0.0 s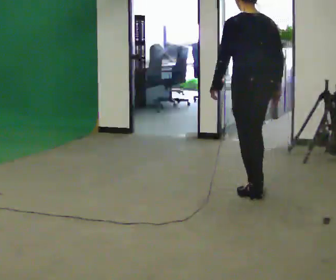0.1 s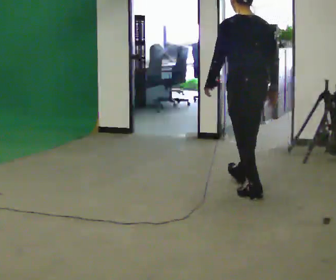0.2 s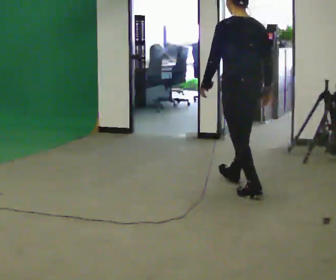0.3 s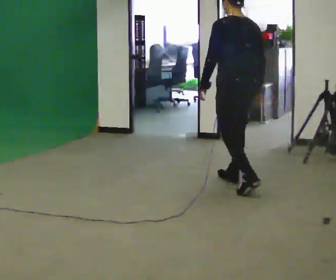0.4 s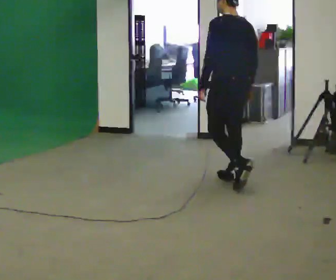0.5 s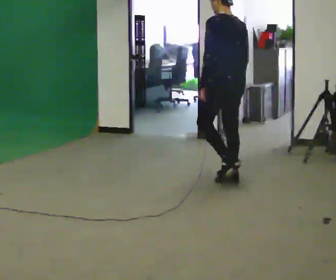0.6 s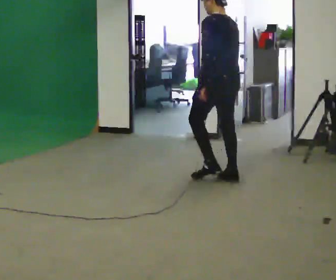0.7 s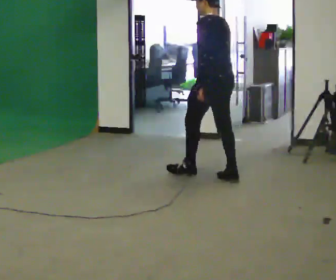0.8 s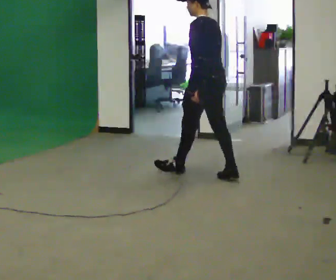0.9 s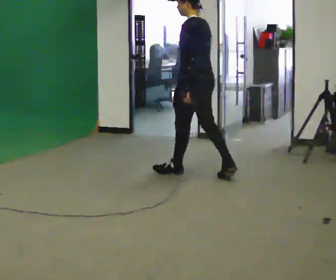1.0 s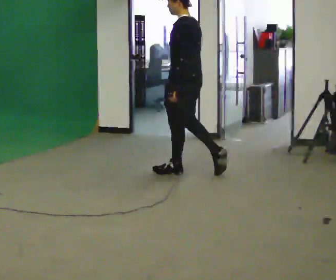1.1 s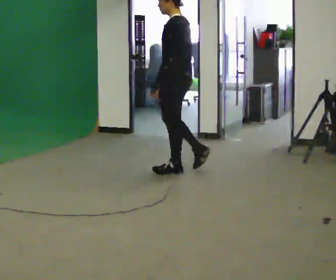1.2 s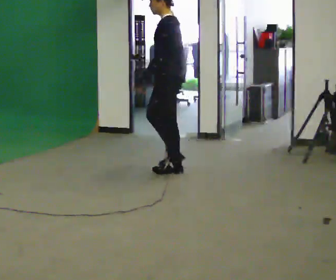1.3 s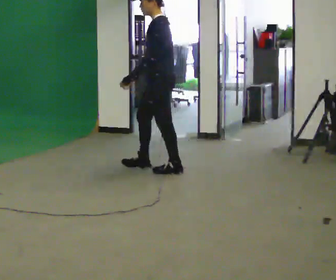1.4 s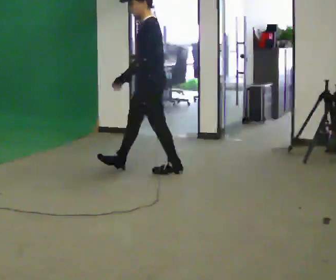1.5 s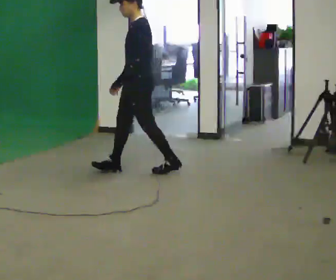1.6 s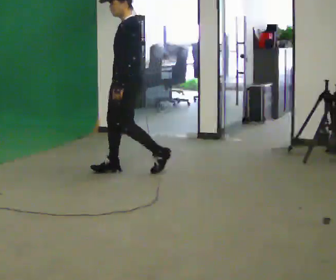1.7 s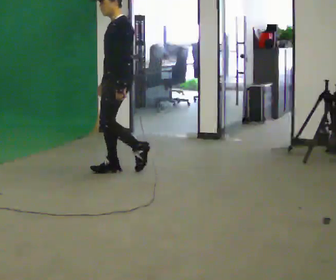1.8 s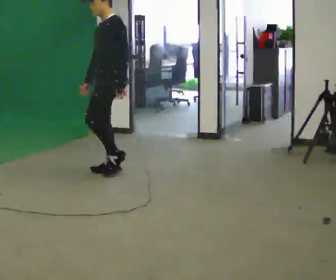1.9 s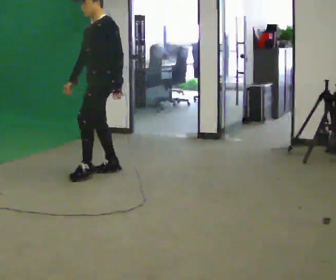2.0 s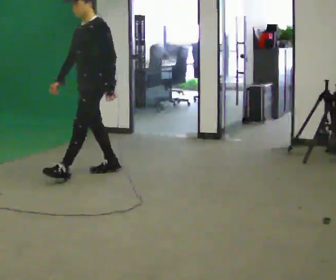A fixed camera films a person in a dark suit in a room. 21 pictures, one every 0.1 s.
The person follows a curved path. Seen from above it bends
counterclockwise.
The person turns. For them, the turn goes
to their left.
0.0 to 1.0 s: Seen from above the body turns counterclockwise, about 45 degrees: to their left, with its near side sliding to the right. In the picture they go away from the camera and to the left, about 1 m in 2 steps, which for them is forward.
1.0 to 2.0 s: The person turns about 60 degrees to their left, counterclockwise seen from above, so the part of the body nearest the lens slides to the right. In the picture they go to the left, about 1 m in 1 step, which for them is forward.
The film runs forward here.
